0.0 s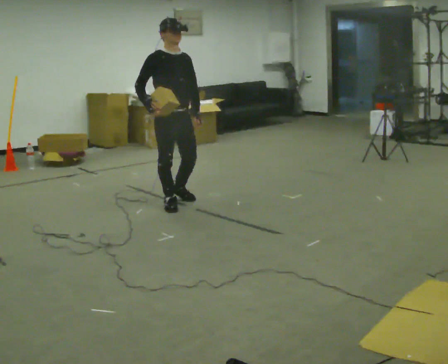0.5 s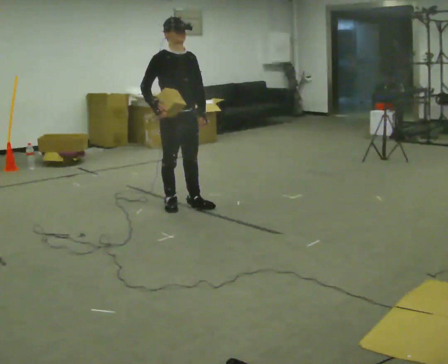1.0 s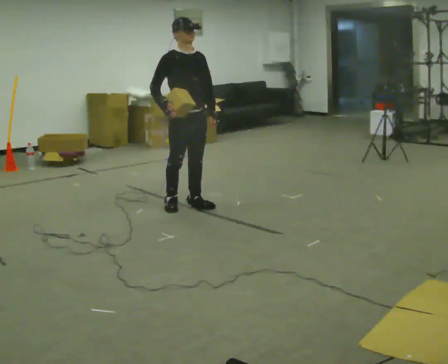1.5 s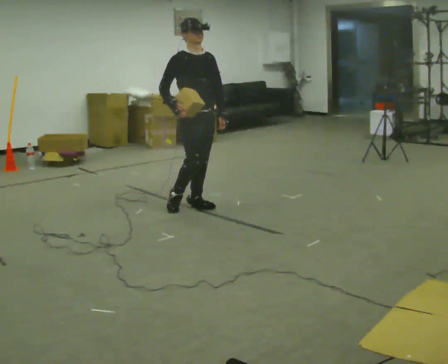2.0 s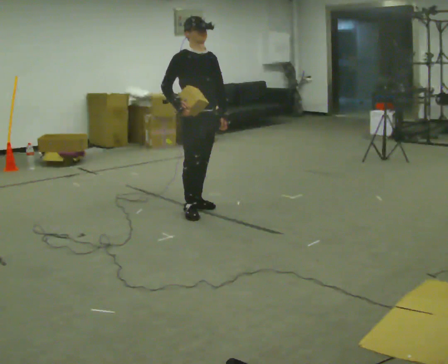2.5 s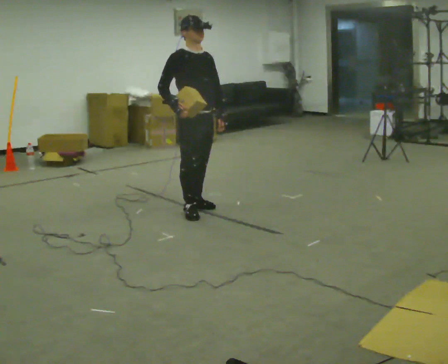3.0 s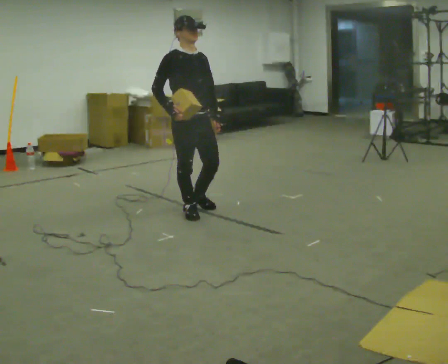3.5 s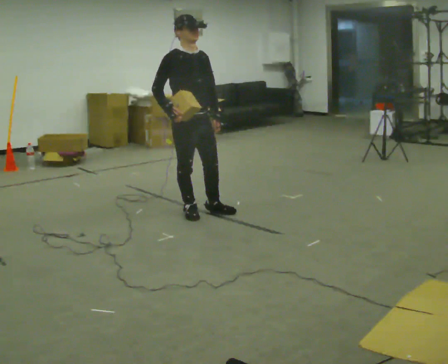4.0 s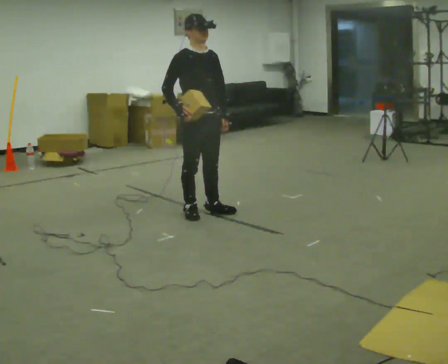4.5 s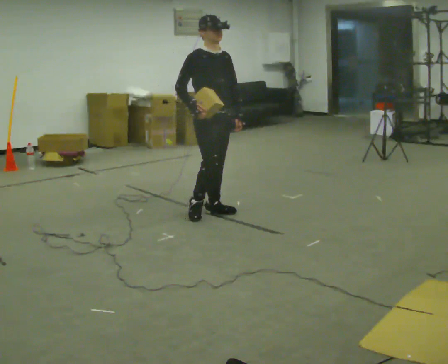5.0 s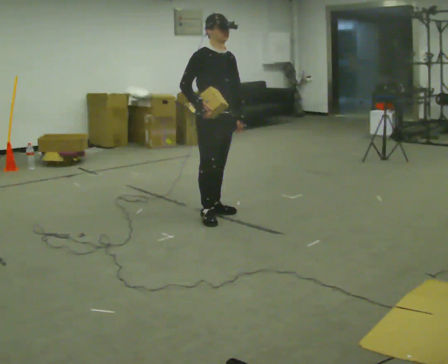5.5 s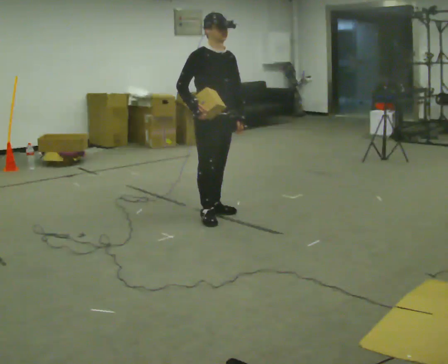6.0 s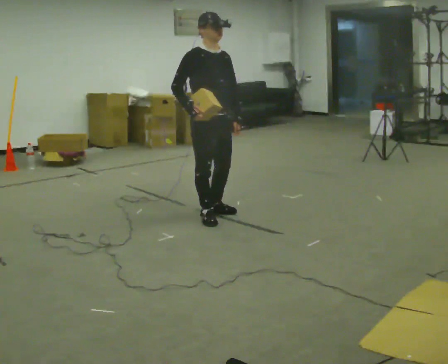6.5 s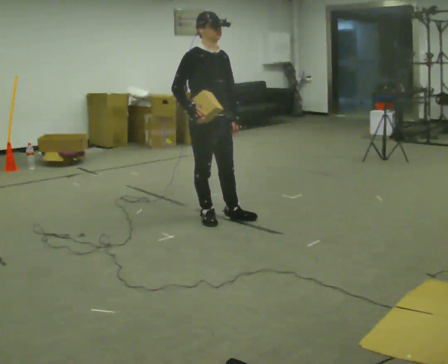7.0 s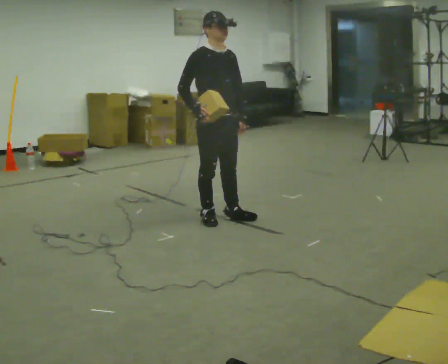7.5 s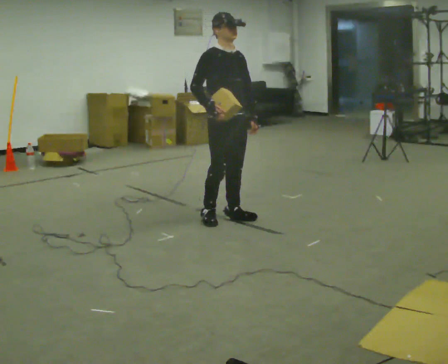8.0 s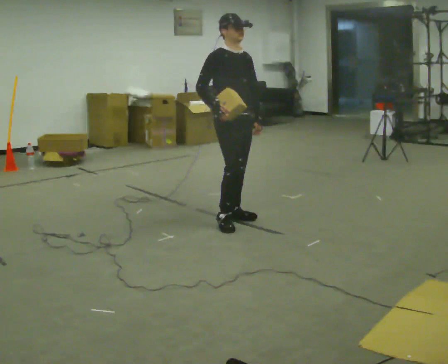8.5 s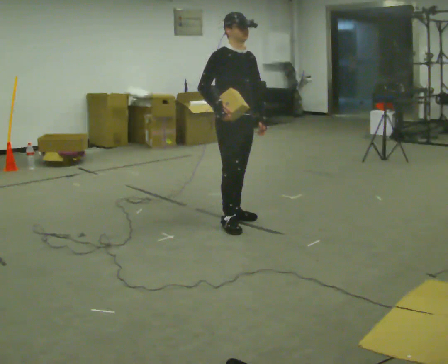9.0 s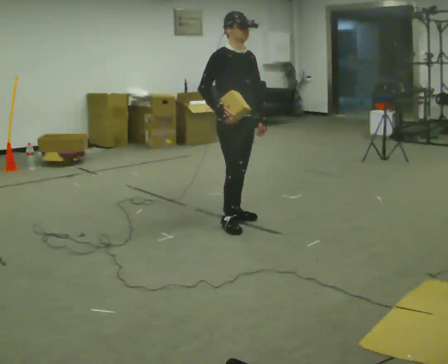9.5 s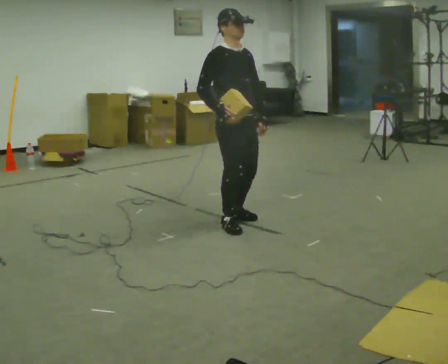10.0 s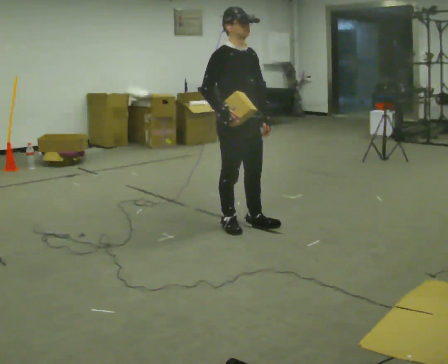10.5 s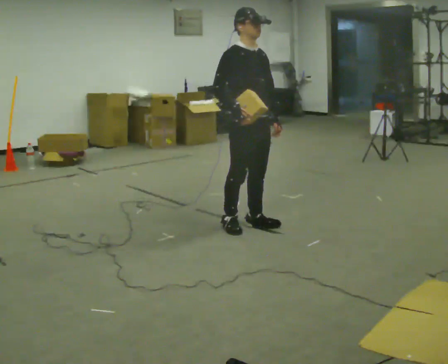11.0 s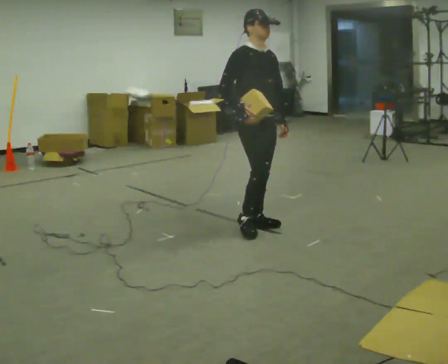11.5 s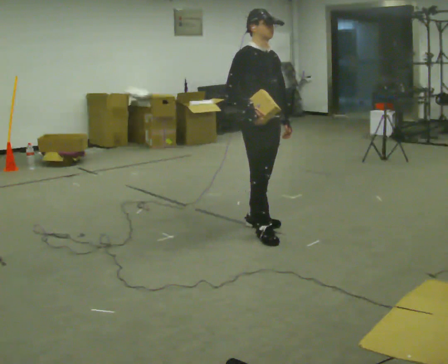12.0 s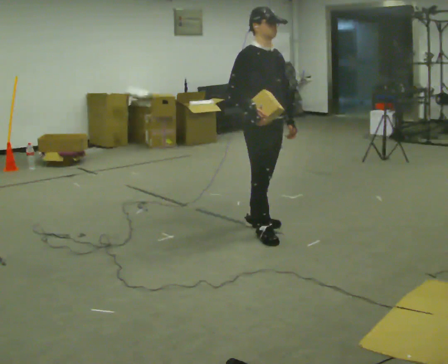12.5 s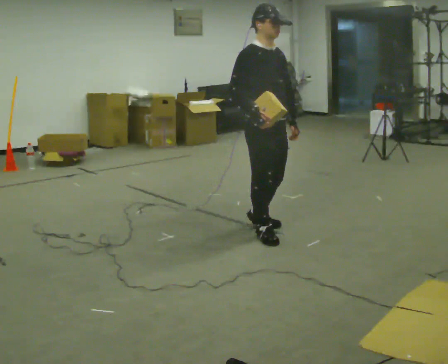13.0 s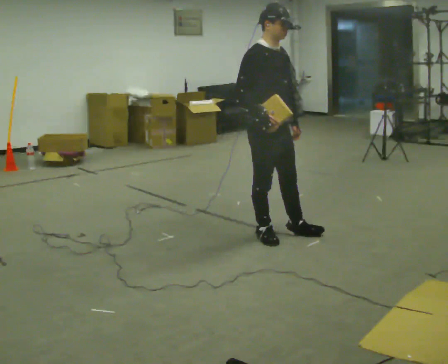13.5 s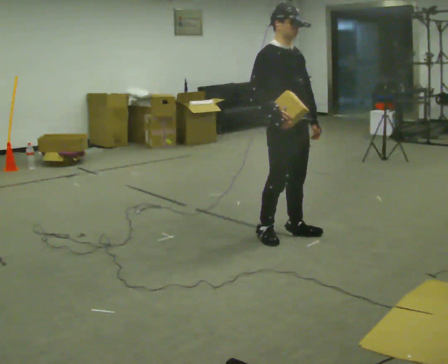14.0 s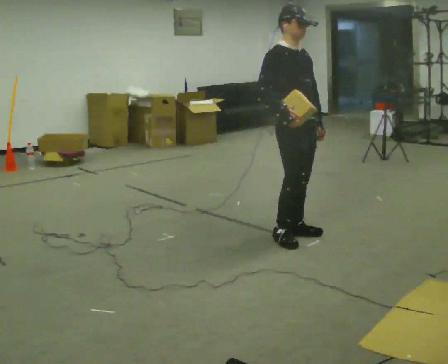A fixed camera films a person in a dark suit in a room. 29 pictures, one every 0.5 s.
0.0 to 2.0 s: In the picture they go to the right, about 0.25 m in 2 steps, which for them is forward.
2.0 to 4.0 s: The person moves a little, or ends about where they began.
4.0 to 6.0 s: In the picture they go toward the camera, about 0.25 m in 1 step, which for them is forward.
6.0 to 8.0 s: In the picture they go to the right, about 0.25 m in 1 step, which for them is to their left.
8.0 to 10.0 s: In the picture they go toward the camera, about 0.25 m in 2 steps, which for them is forward and to their right.
10.0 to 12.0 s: In the picture they go to the right, about 0.25 m in 1 step, which for them is forward.
12.0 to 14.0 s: In the picture they go to the right, about 0.25 m in 1 step, which for them is forward.
The film runs forward here.
